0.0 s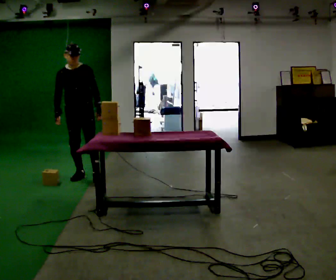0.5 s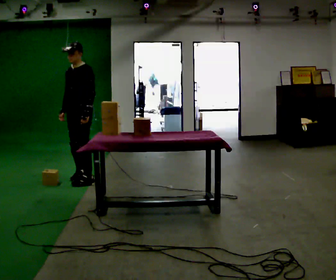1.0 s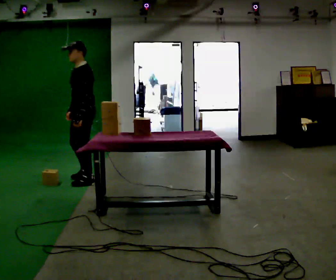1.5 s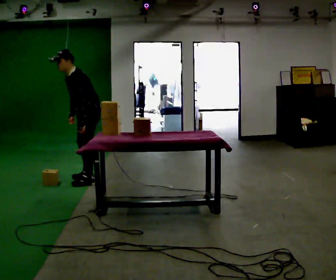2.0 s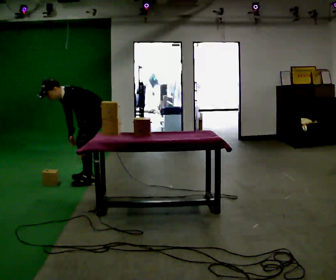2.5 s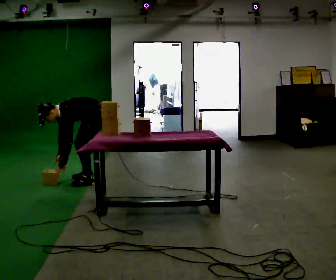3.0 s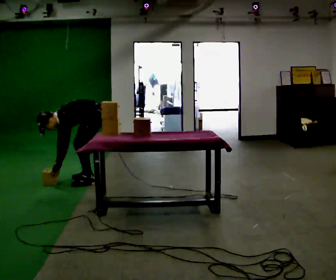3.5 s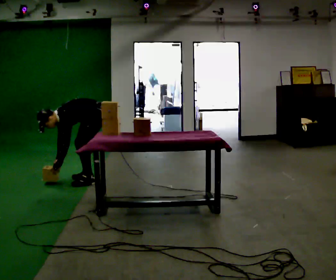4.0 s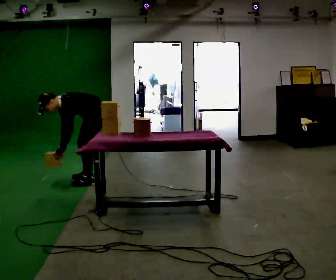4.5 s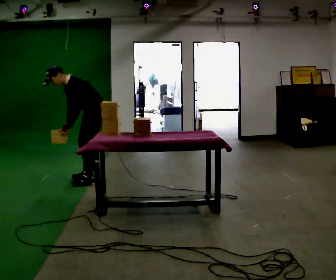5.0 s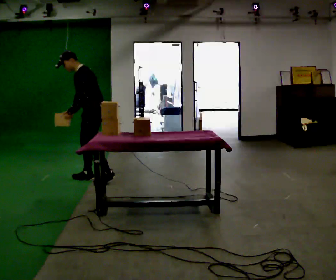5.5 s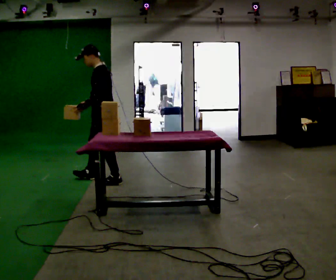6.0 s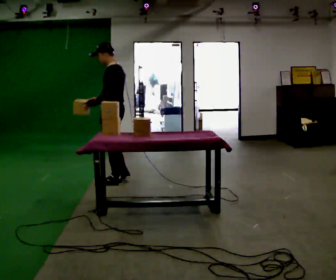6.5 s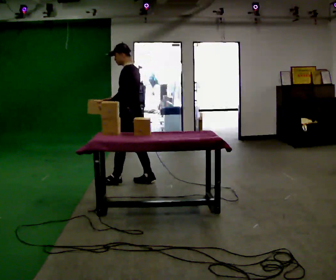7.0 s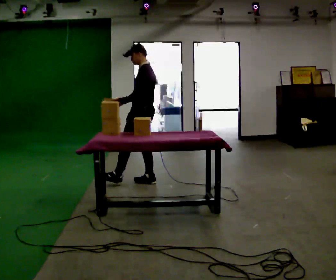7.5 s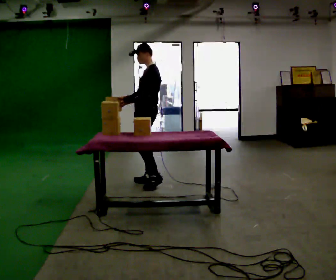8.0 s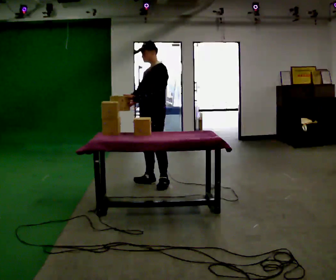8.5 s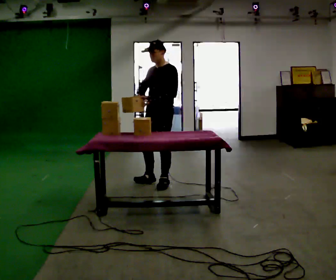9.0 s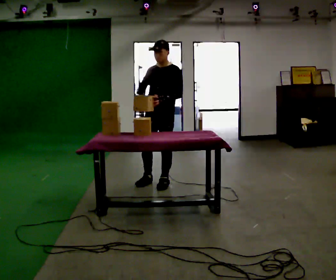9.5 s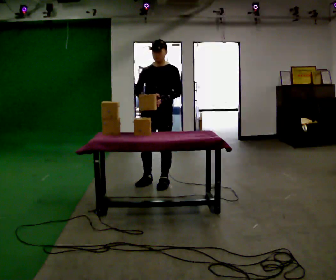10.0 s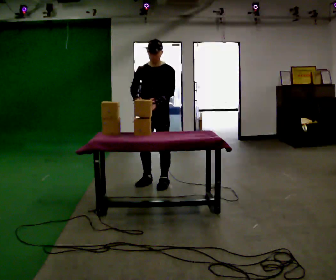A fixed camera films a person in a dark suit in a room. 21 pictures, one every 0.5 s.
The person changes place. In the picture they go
to the right.
0.0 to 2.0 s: The part of the body nearest the lens slides to the left as the person turns to their right by about 60 degrees. In the picture they go to the right and toward the camera, about 0.25 m in 1 step. The upper body goes downward. In the picture the upper body tilts counterclockwise, shoulders to the left, as they bend forward.
2.0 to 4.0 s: The person moves a little, or ends about where they began.
4.0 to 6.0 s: The person turns about 45 degrees to their right, clockwise seen from above, so the part of the body nearest the lens slides to the left. In the picture they go to the right and toward the camera, about 0.25 m in 2 steps, which for them is backward and to their left. The shoulders move upward. In the picture the upper body tilts clockwise, shoulders to the right, as they lean back or straighten. In the picture their left hand goes upward.
6.0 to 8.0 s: The person turns about 45 degrees to their left, counterclockwise seen from above, so the part of the body nearest the lens slides to the right. In the picture they go to the right, about 0.5 m in 1 step, which for them is backward.
8.0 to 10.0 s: Seen from above the body turns counterclockwise, about 45 degrees: to their left, with its near side sliding to the right.
The film runs backward here.
